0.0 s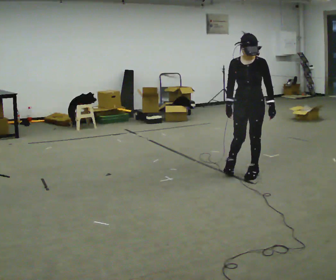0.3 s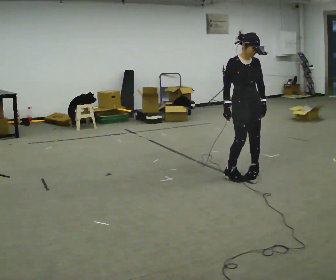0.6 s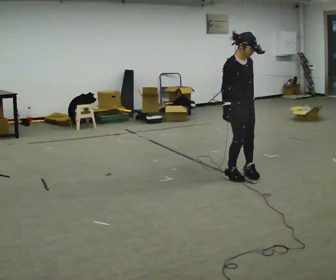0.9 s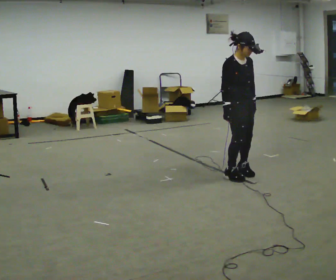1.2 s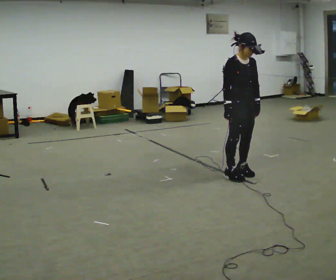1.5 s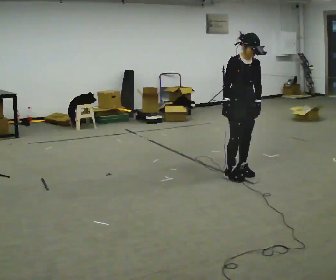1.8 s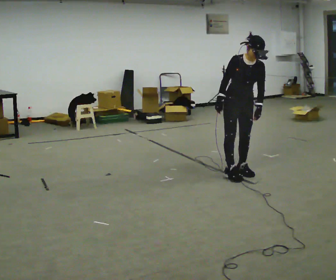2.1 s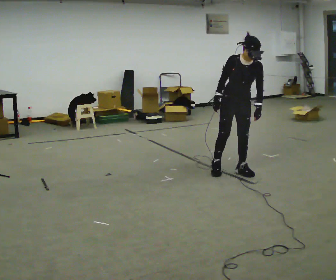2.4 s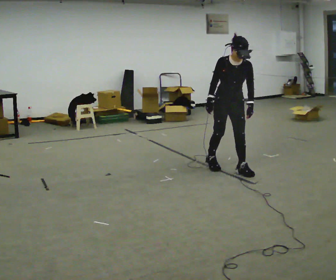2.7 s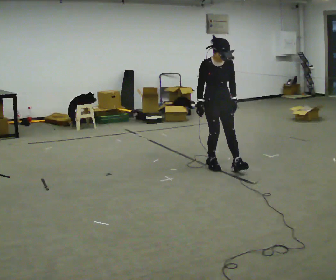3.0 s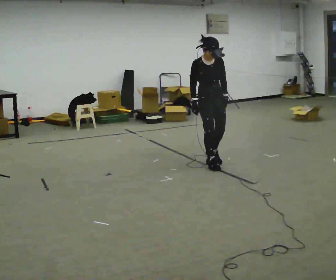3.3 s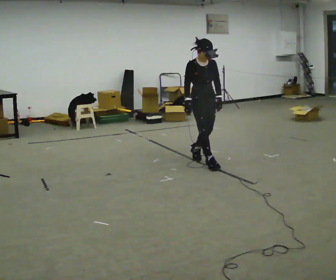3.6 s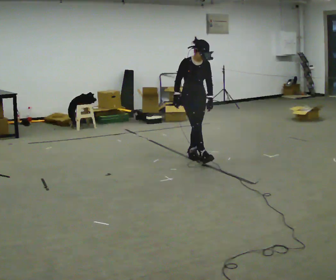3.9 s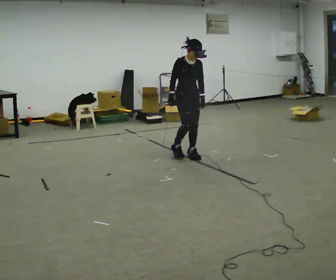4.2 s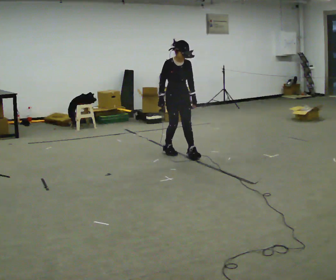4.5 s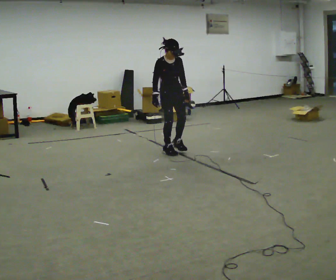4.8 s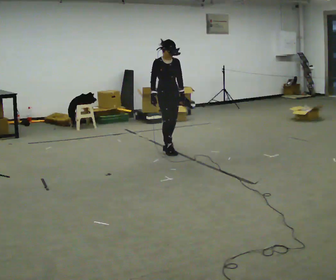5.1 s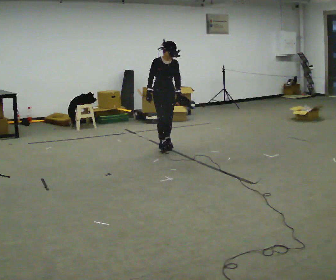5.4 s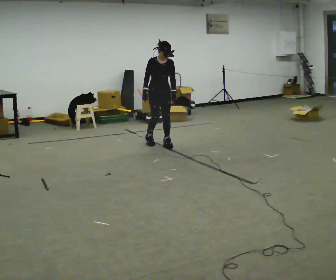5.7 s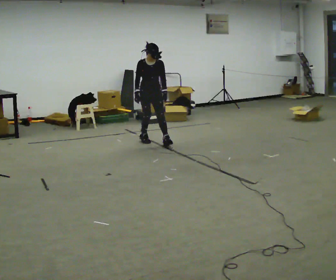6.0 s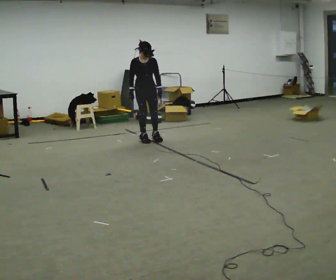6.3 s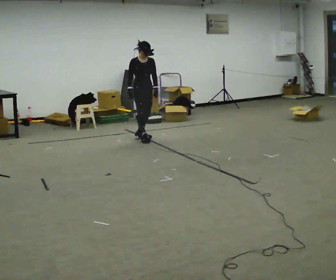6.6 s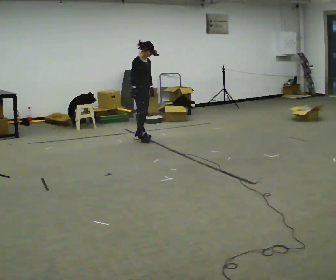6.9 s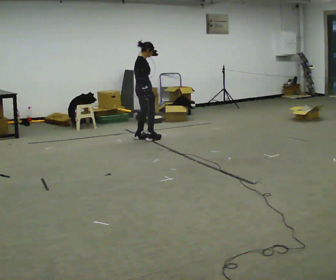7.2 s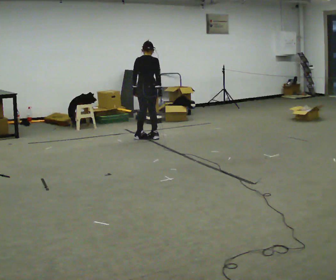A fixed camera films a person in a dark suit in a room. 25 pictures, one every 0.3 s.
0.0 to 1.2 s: The part of the body nearest the lens slides to the right as the person turns to their left by about 45 degrees.
1.2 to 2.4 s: The part of the body nearest the lens slides to the left as the person turns to their right by about 30 degrees. In the picture they go away from the camera, about 0.25 m in 1 step, which for them is backward.
2.4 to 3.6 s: The part of the body nearest the lens slides to the right as the person turns to their left by about 30 degrees. In the picture they go away from the camera and to the left, about 0.75 m in 1 step, which for them is backward.
3.6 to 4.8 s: In the picture they go away from the camera and to the left, about 0.5 m in 1 step, which for them is backward.
4.8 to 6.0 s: In the picture they go away from the camera and to the left, about 0.75 m in 2 steps, which for them is backward.
6.0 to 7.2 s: Seen from above the body turns counterclockwise, about 150 degrees: to their left, with its near side sliding to the right. In the picture they go away from the camera, about 0.25 m in 2 steps. In the picture their left hand goes to the left, the arm swinging clockwise.
The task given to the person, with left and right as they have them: Walk backward slowly; stop.
The film runs forward here.
